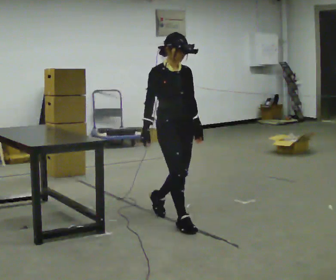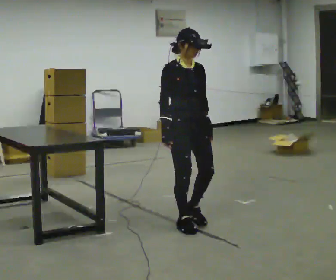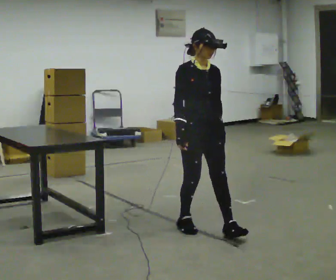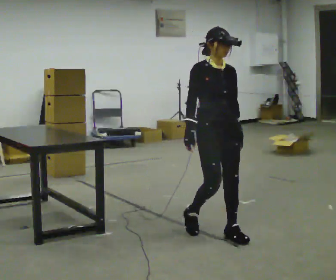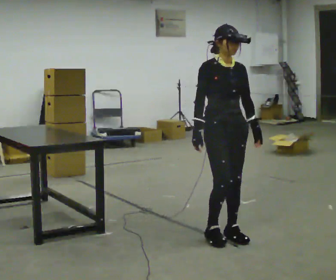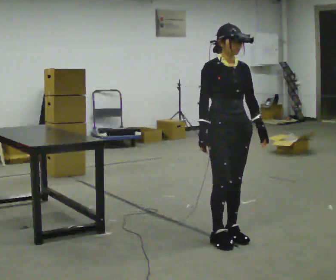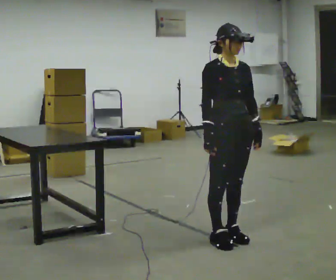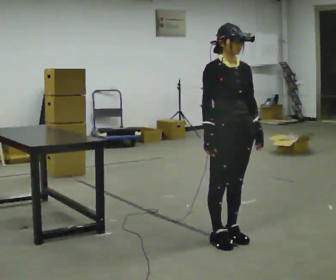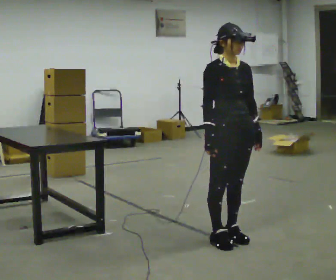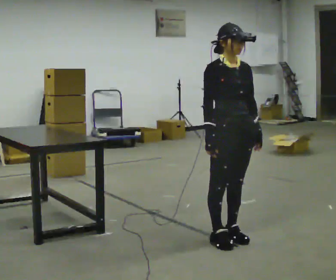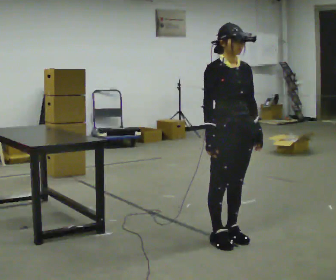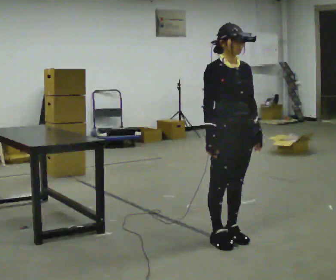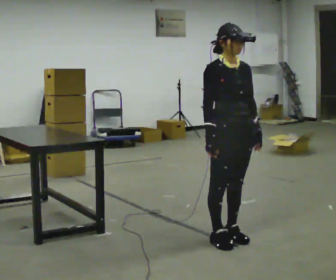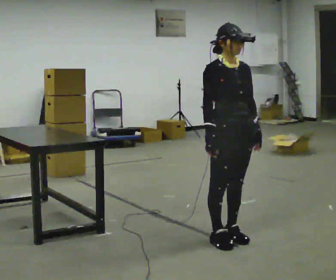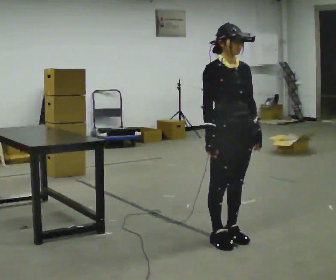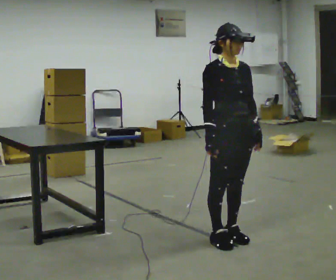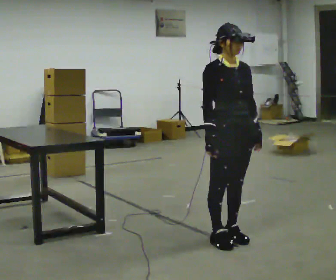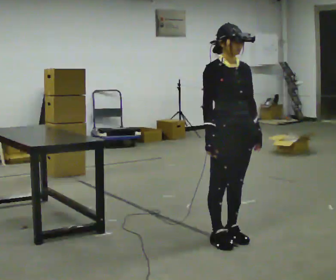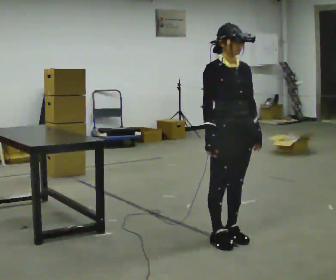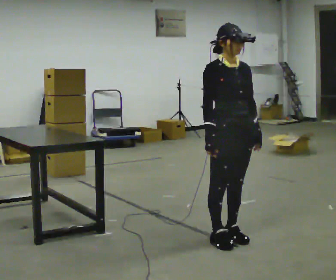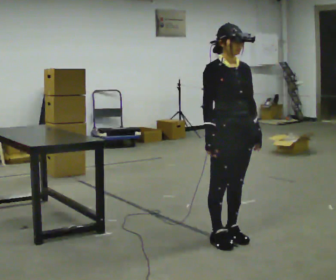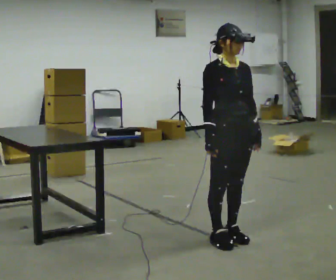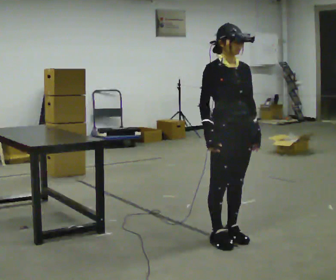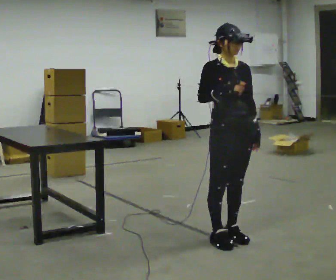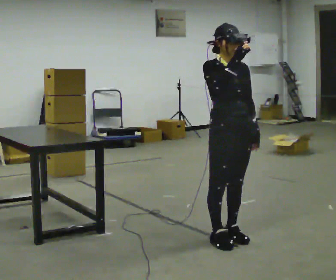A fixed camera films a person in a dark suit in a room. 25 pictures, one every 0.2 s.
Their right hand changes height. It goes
upward.
0.0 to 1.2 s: In the picture they go to the right and toward the camera, about 0.5 m in 2 steps, which for them is forward.
1.2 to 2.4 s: The person moves a little, or ends about where they began.
2.4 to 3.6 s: The person keeps their place and pose.
3.6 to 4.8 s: In the picture their right hand goes upward.
The film runs forward here.
